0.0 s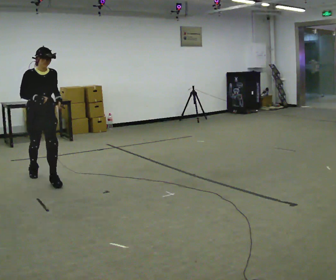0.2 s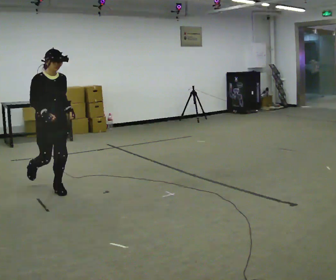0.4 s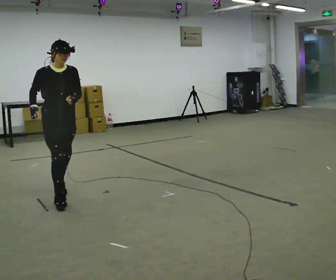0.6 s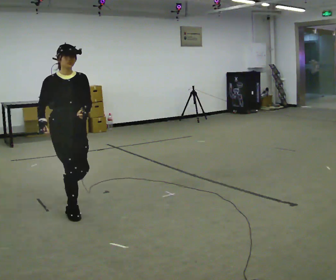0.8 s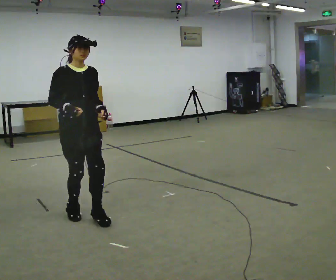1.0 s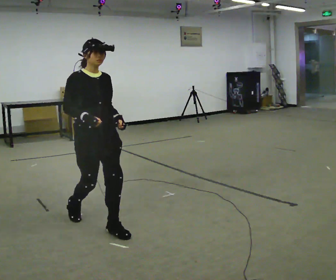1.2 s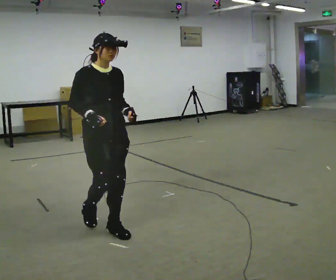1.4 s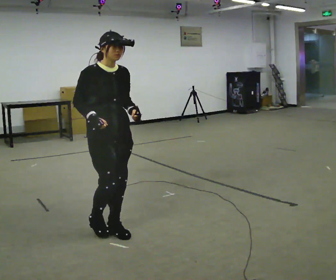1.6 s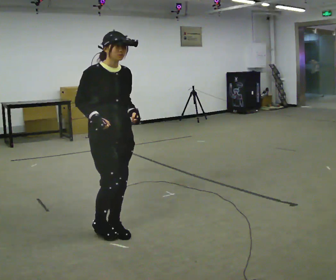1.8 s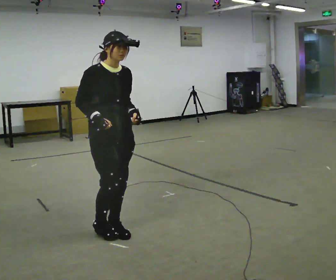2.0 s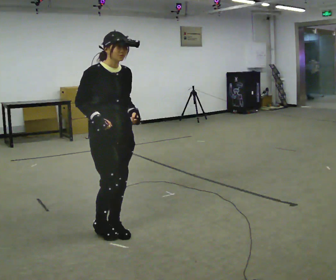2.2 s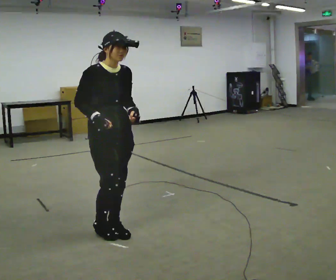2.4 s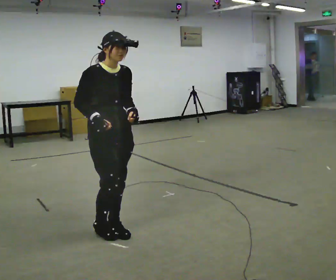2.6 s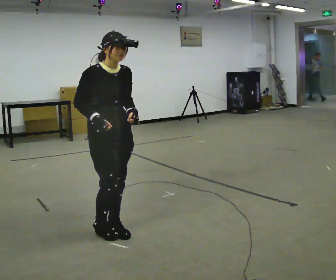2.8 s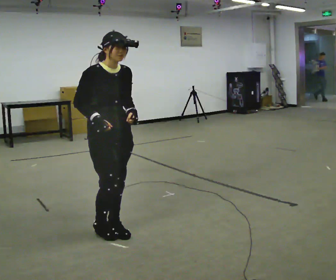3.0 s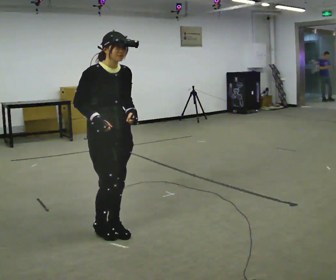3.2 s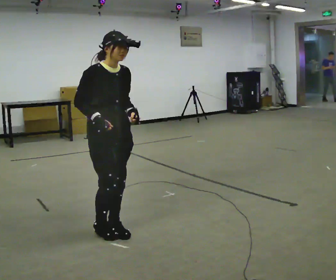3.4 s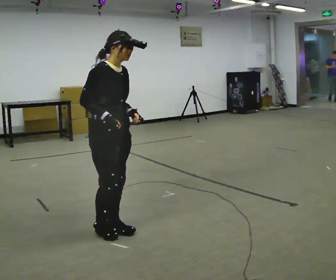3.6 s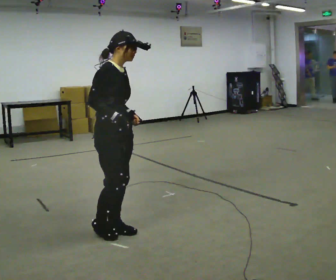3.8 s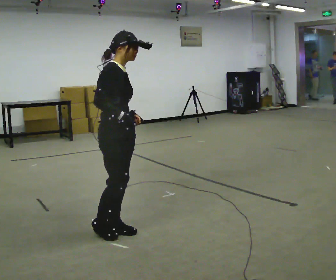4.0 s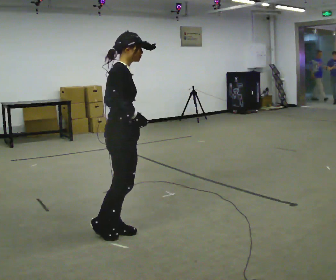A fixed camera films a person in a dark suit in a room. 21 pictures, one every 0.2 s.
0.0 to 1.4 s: In the picture they go toward the camera and to the right, about 1.5 m in 3 steps, which for them is forward.
1.4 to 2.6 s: The person moves a little, or ends about where they began.
2.6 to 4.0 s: The person turns about 45 degrees to their left, counterclockwise seen from above, so the part of the body nearest the lens slides to the right.
The film runs forward here.
